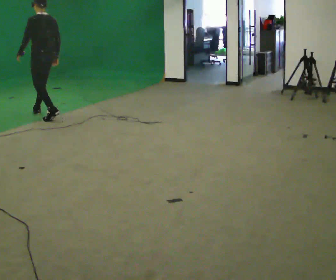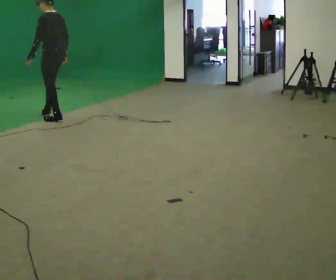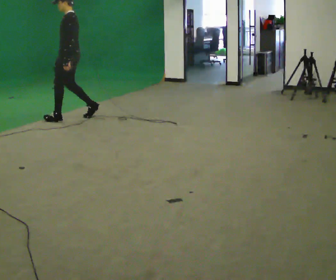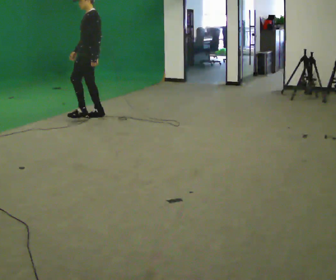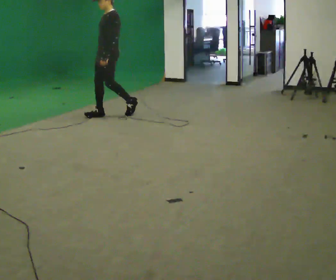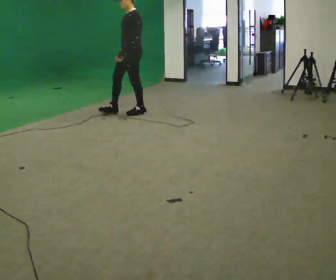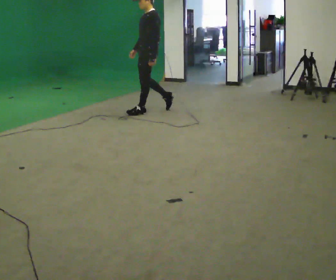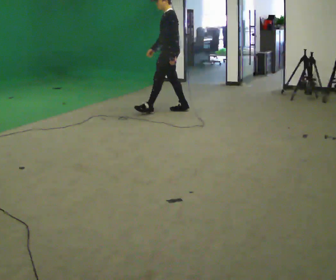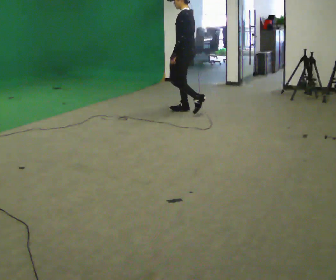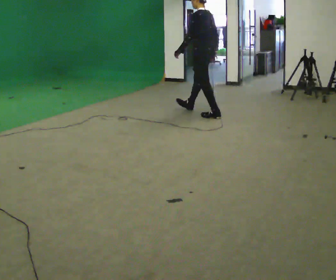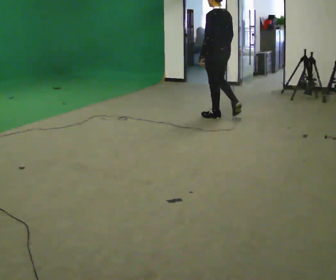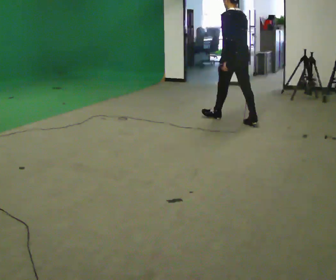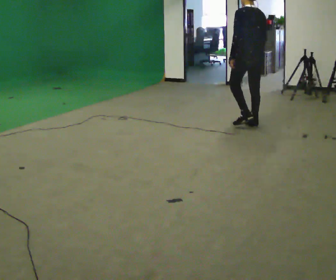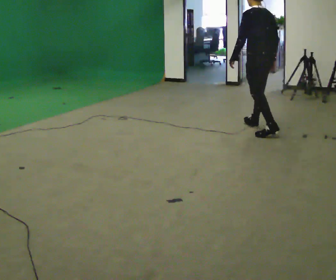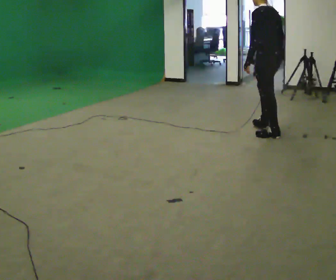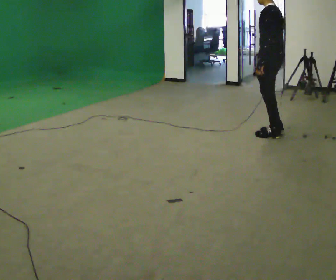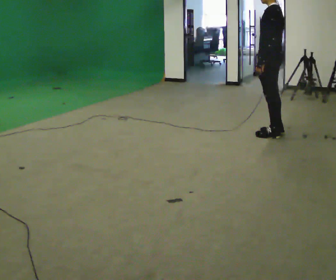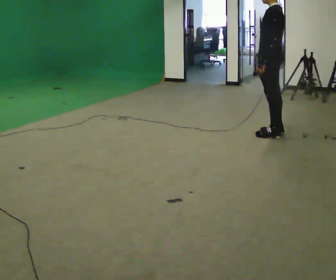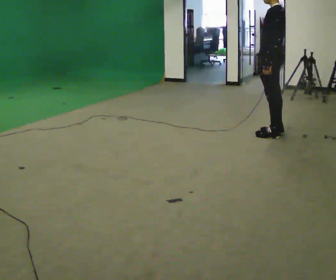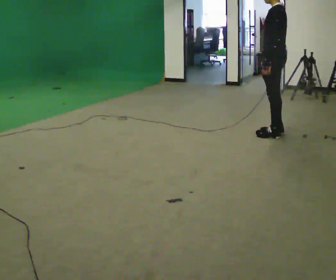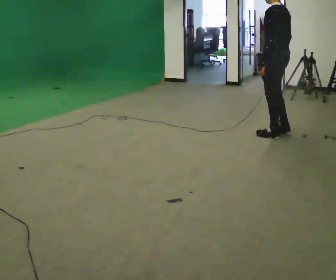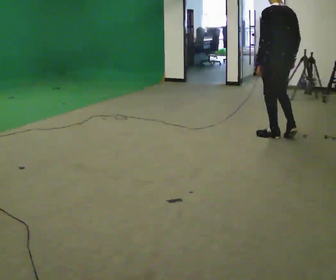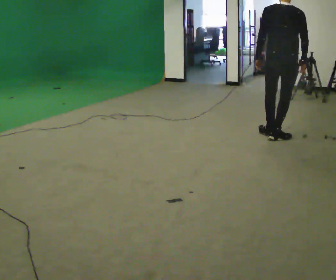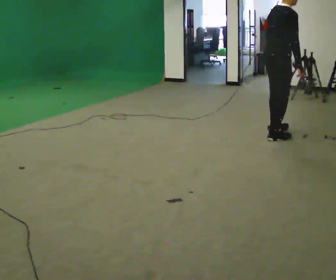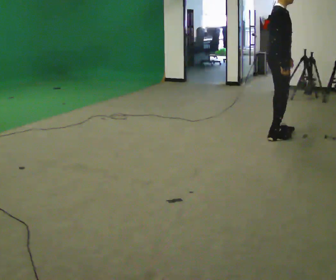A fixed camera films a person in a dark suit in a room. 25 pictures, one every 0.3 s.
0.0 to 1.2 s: Seen from above the body turns counterclockwise, about 75 degrees: to their left, with its near side sliding to the right. In the picture they go to the right, about 1 m in 2 steps.
1.2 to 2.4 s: The part of the body nearest the lens slides to the left as the person turns to their right by about 45 degrees. In the picture they go to the right, about 1 m in 2 steps, which for them is backward.
2.4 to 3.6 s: The part of the body nearest the lens slides to the left as the person turns to their right by about 45 degrees. In the picture they go to the right and toward the camera, about 1 m in 2 steps, which for them is backward.
3.6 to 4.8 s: Seen from above the body turns counterclockwise, about 45 degrees: to their left, with its near side sliding to the right. In the picture they go toward the camera and to the right, about 0.5 m in 1 step, which for them is backward and to their left.
4.8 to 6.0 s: The person moves a little, or ends about where they began.
6.0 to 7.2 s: The person turns about 150 degrees to their right, clockwise seen from above, so the part of the body nearest the lens slides to the left.
The film runs backward here.
